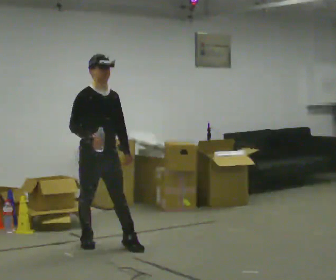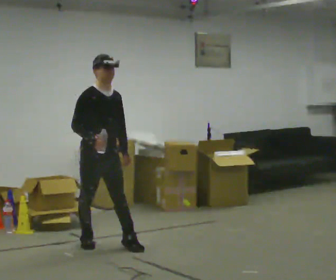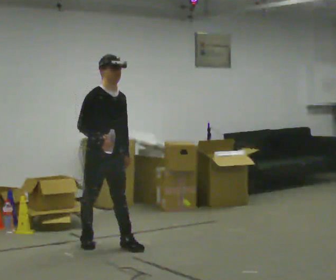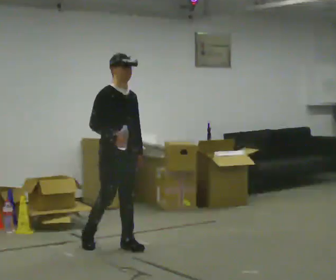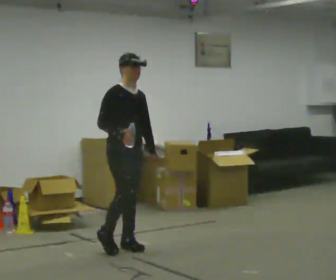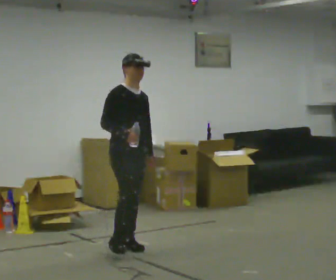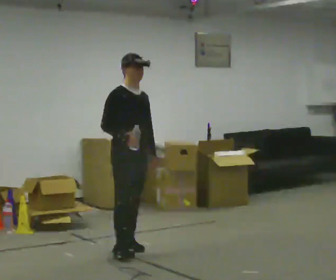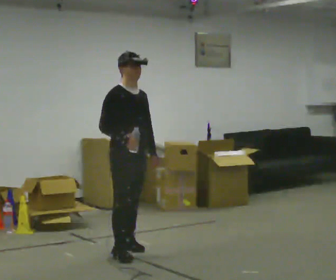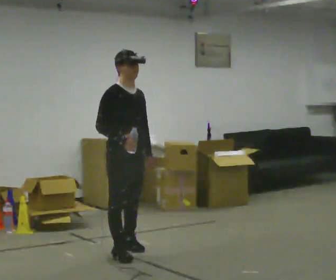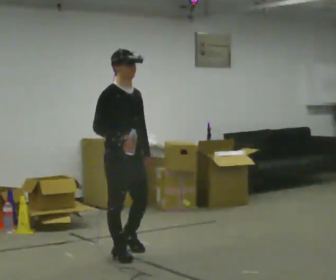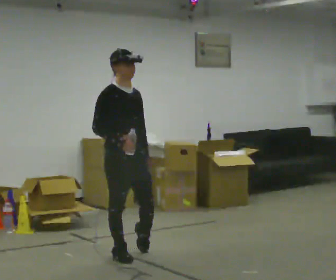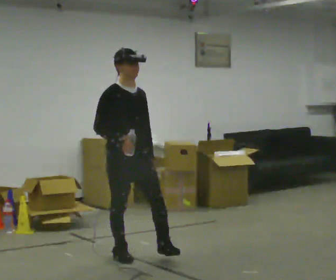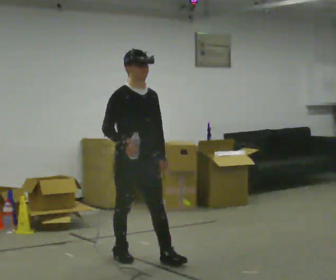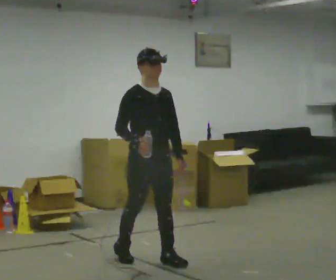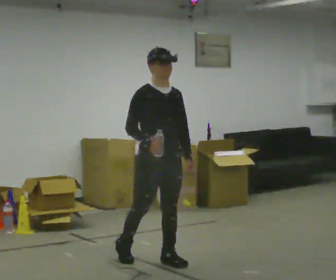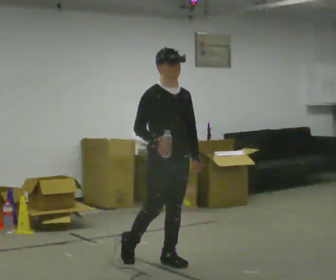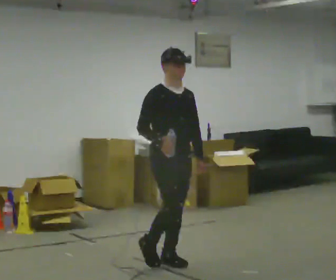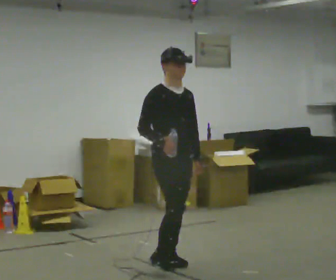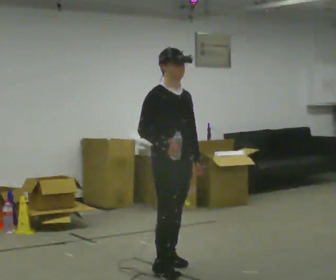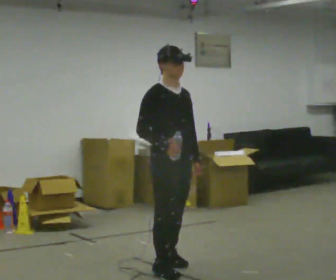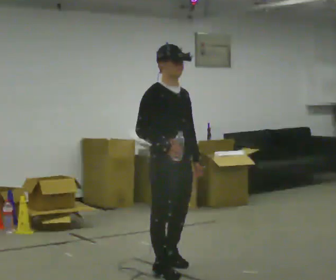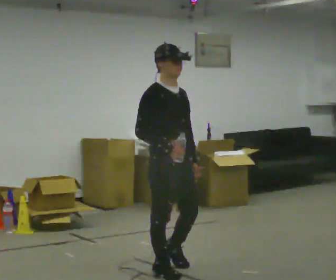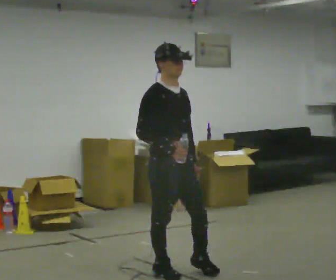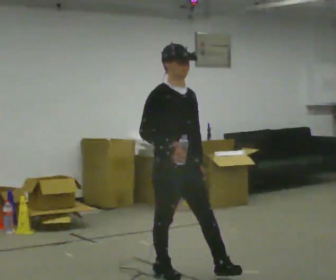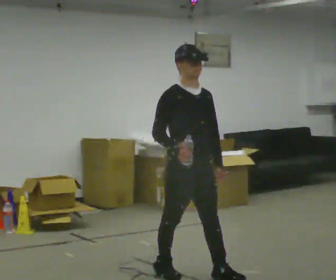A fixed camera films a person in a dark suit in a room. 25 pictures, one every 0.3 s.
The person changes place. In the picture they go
toward the camera.
0.0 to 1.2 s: In the picture they go to the right, about 0.25 m, which for them is forward and to their left.
1.2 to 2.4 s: In the picture they go toward the camera, about 0.25 m in 1 step, which for them is forward and to their right.
2.4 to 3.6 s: In the picture they go toward the camera, about 0.25 m in 1 step, which for them is forward.
3.6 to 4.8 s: In the picture they go to the right, about 0.25 m, which for them is forward and to their left.
4.8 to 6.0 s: In the picture they go toward the camera, about 0.25 m in 1 step, which for them is to their right and forward.
6.0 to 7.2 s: The person moves a little, or ends about where they began.
The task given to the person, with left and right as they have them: Carry the open container of water across the room without spilling it, back and forth.
The film runs forward here.
